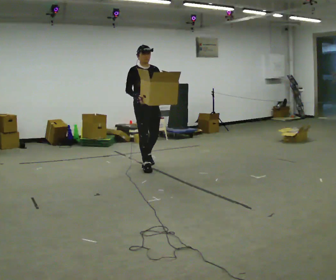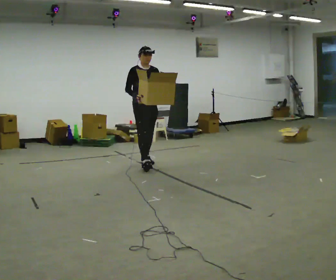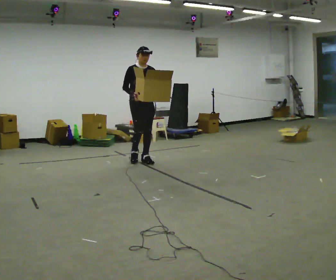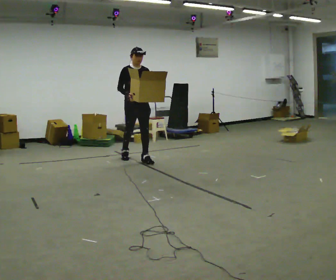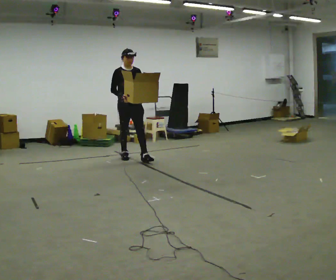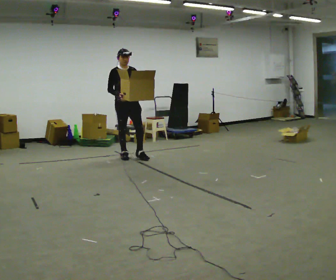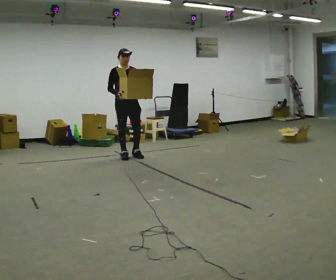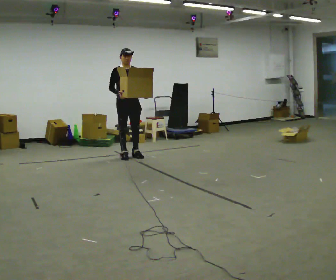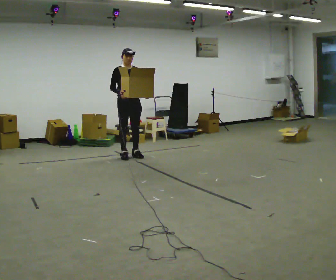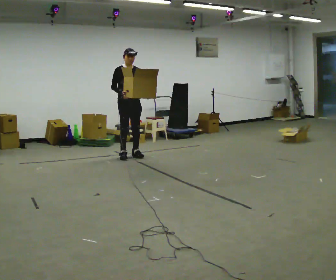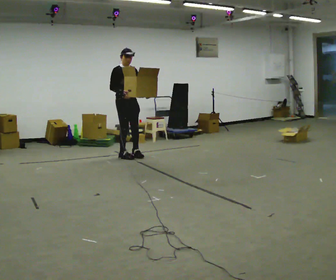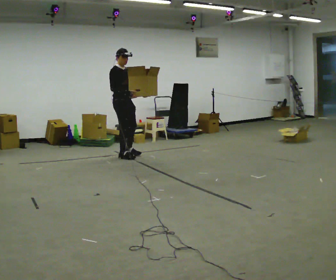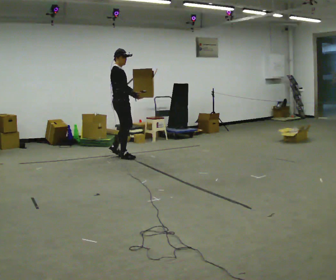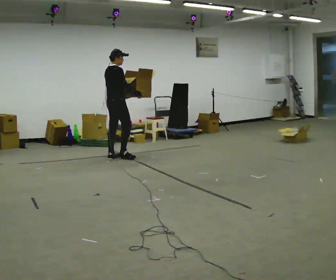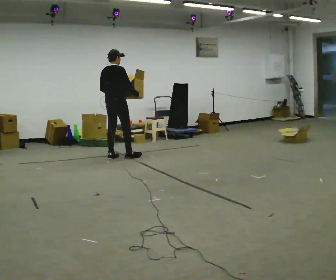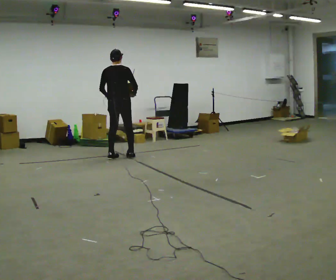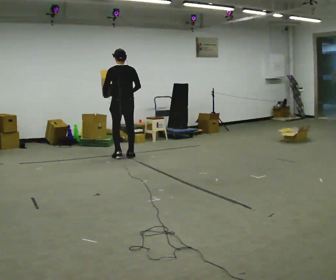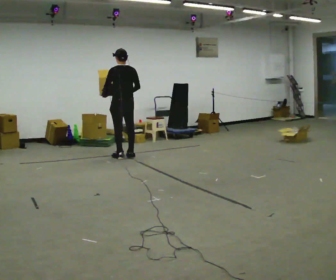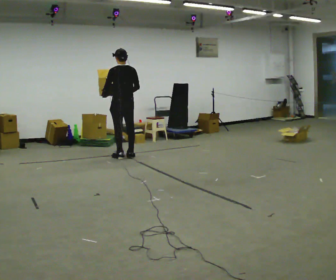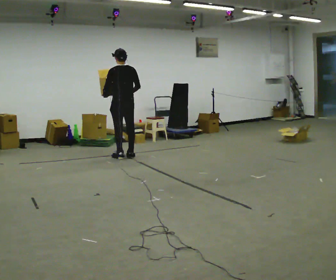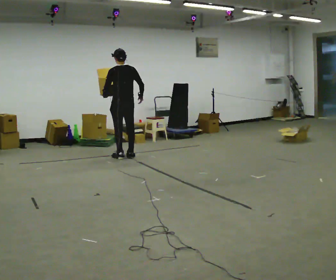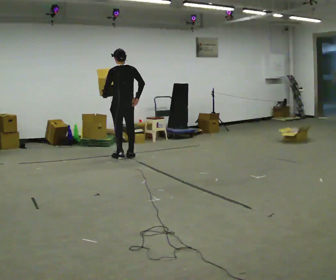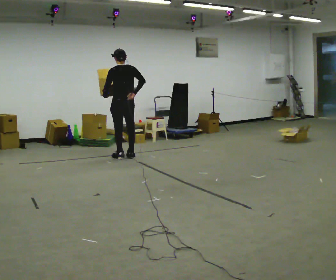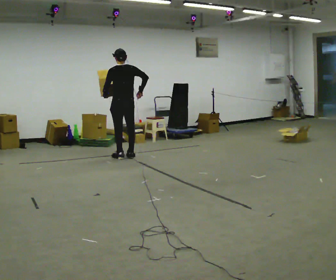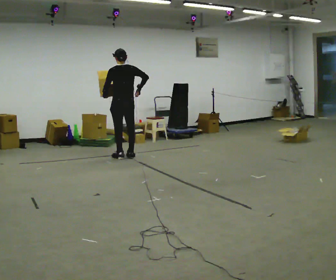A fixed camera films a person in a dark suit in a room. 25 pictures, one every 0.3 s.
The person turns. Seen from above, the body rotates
counterclockwise.
The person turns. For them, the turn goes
to their left.
0.0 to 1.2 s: In the picture they go away from the camera and to the left, about 0.5 m in 1 step, which for them is backward.
1.2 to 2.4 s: In the picture they go away from the camera, about 0.25 m in 1 step, which for them is backward.
2.4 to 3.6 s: The part of the body nearest the lens slides to the right as the person turns to their left by about 60 degrees.
3.6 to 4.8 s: Seen from above the body turns counterclockwise, about 105 degrees: to their left, with its near side sliding to the right. In the picture their left hand goes to the left, the arm swinging clockwise.
4.8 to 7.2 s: The person moves a little, or ends about where they began.
The film runs backward here.
